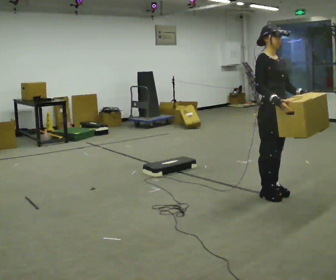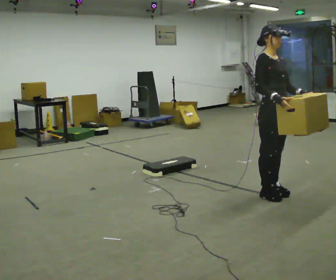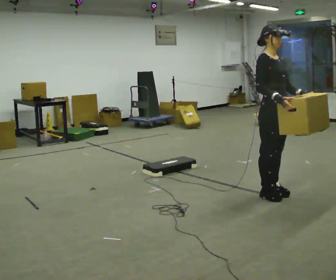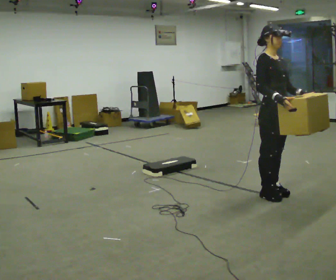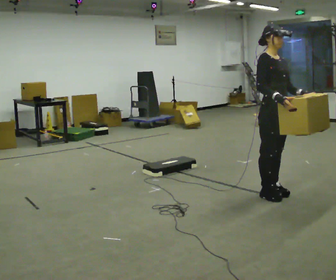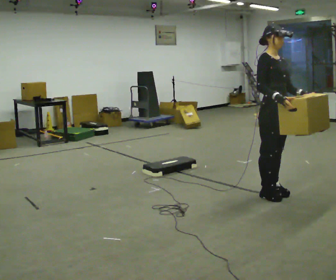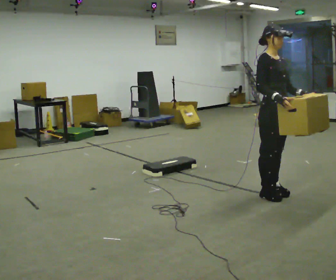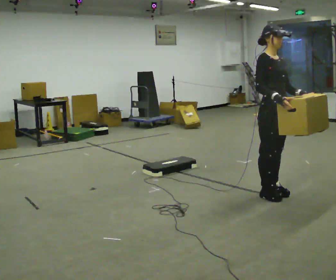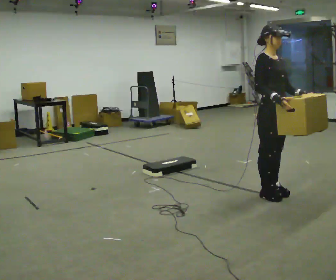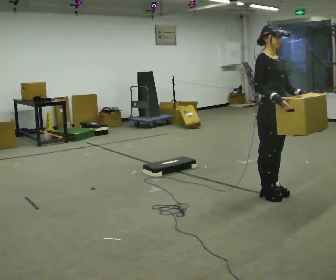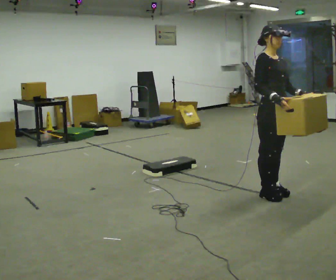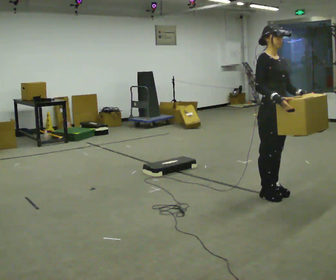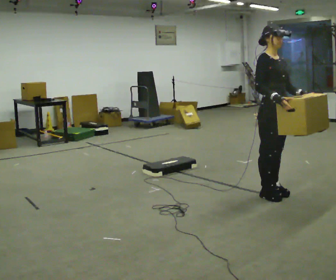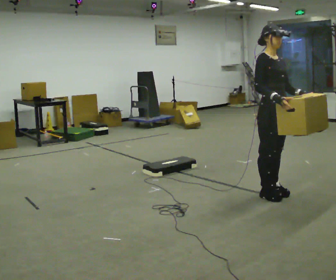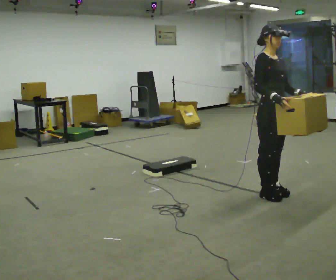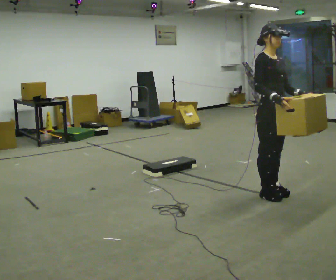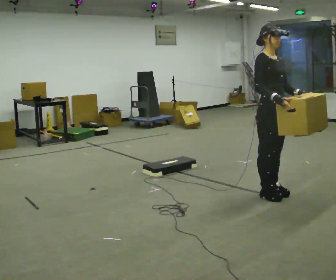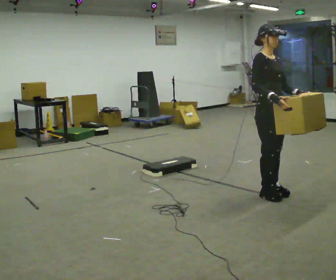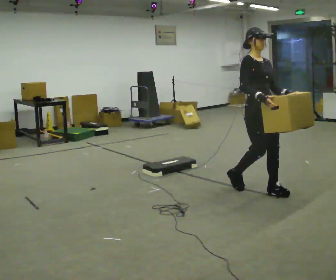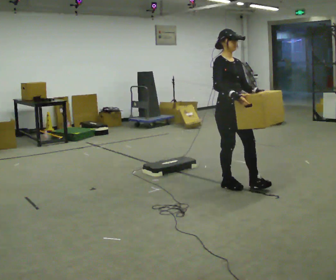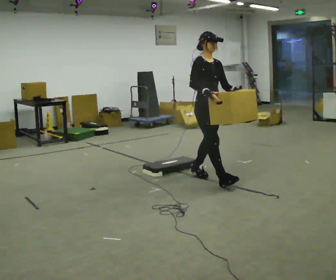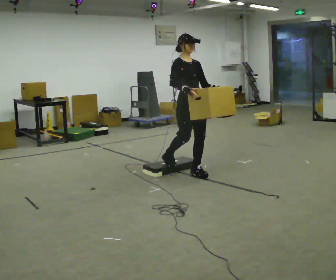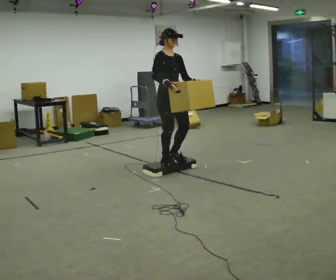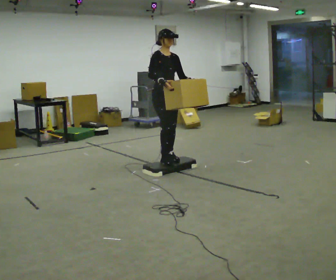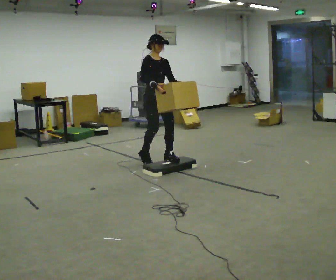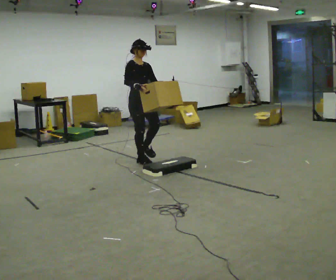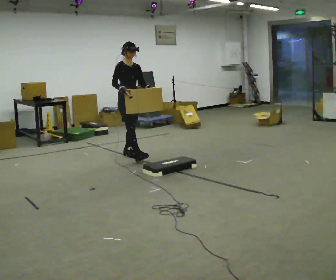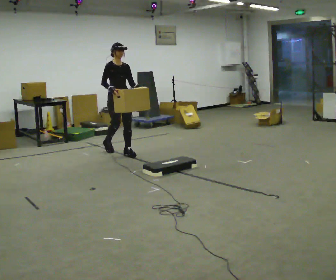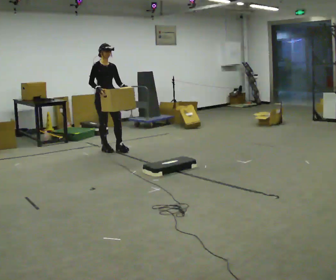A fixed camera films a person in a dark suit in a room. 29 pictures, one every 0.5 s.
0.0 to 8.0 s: The person moves a little, or ends about where they began.
8.0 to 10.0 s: In the picture they go to the left and away from the camera, about 1 m in 3 steps, which for them is backward.
10.0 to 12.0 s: In the picture they go to the left and away from the camera, about 1 m in 2 steps, which for them is backward.
12.0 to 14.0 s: In the picture they go to the left and away from the camera, about 1 m in 3 steps, which for them is backward.
The film runs backward here.
